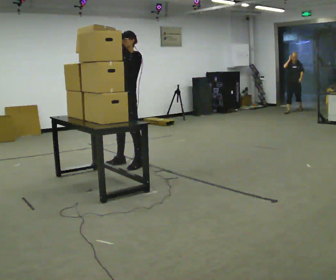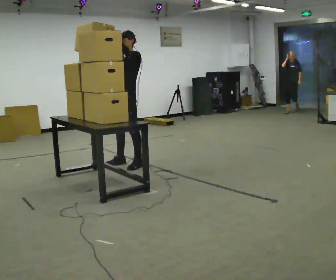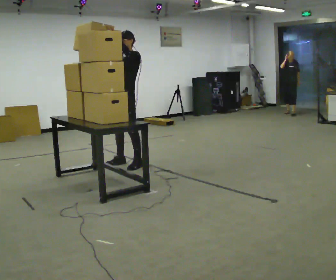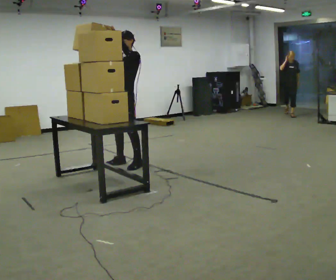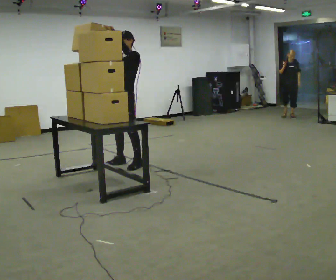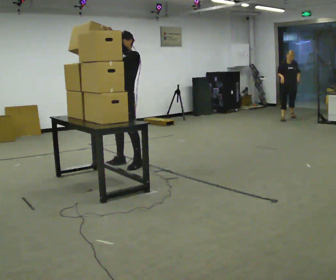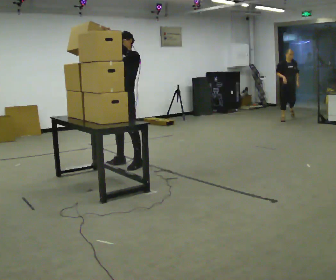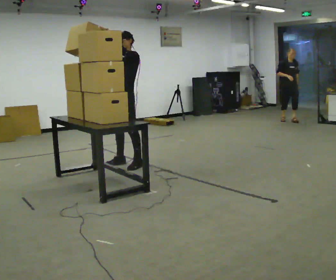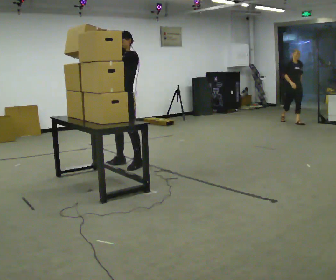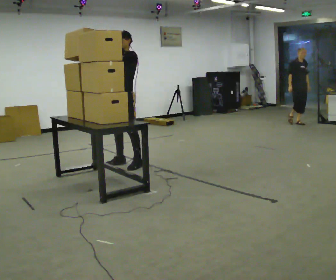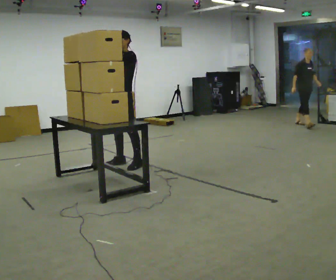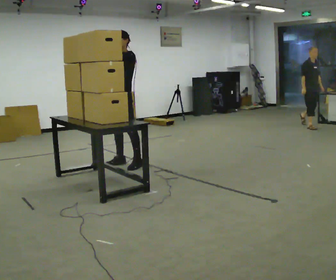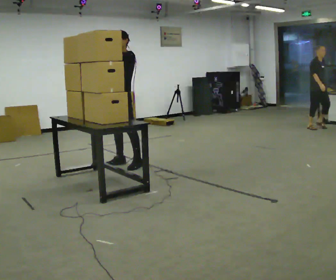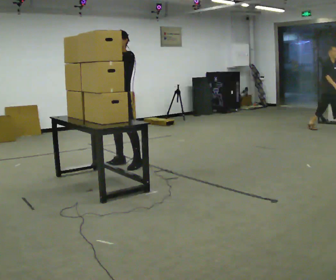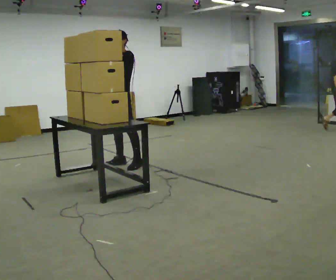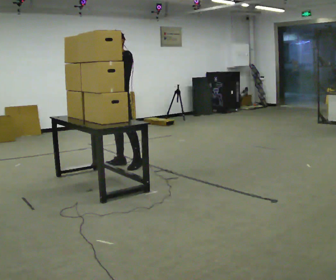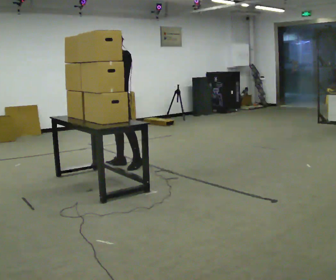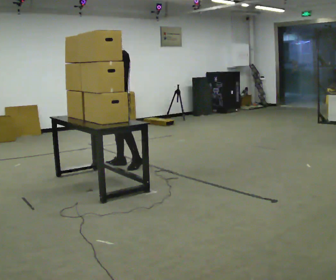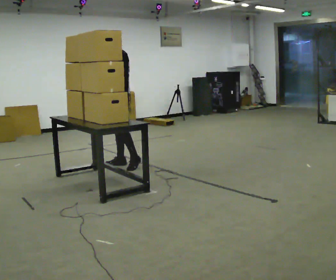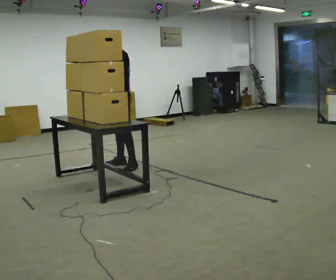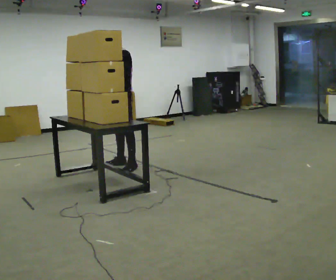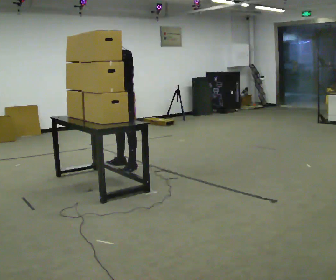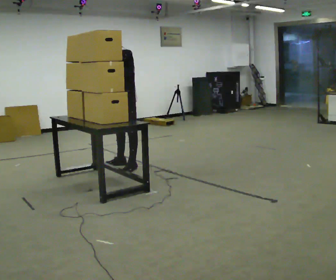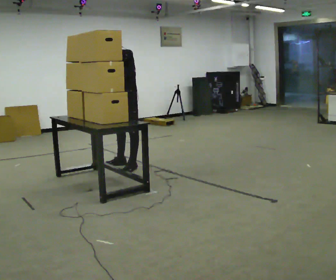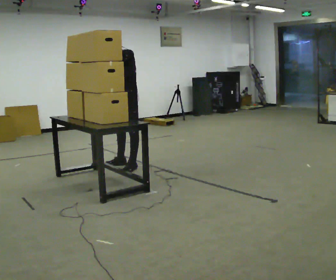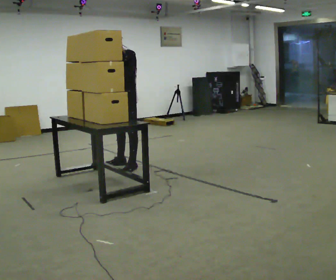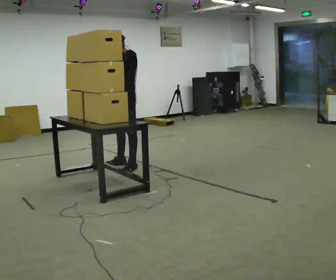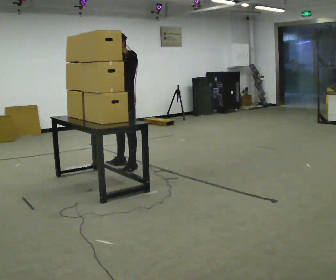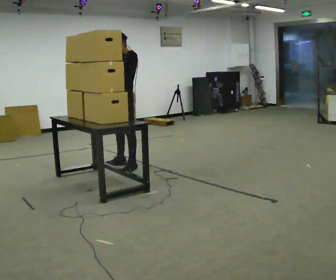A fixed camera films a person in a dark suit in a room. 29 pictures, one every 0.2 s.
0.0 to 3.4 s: The person moves a little, or ends about where they began.
3.4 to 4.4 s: In the picture their right hand goes downward.
4.4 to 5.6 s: In the picture the upper body tilts clockwise, shoulders to the right. In the picture their right hand goes upward, the arm swinging clockwise.
The film runs forward here.
